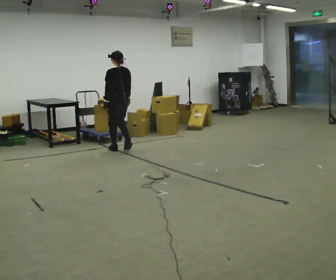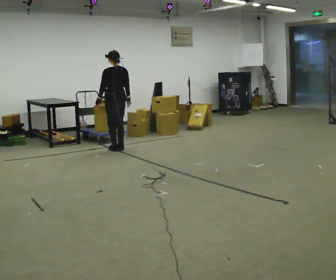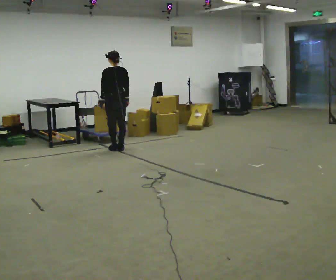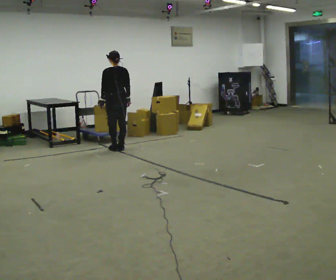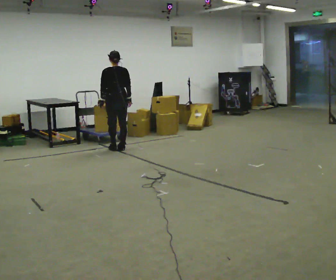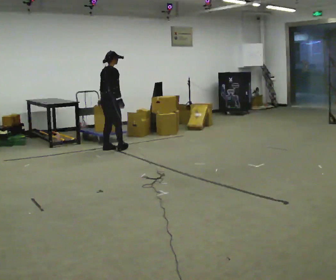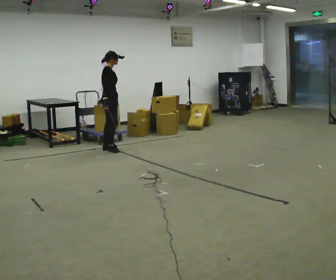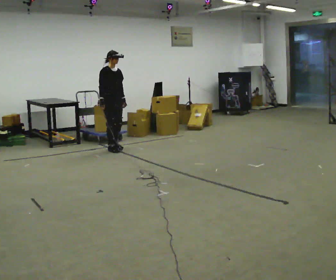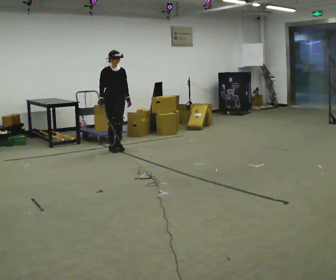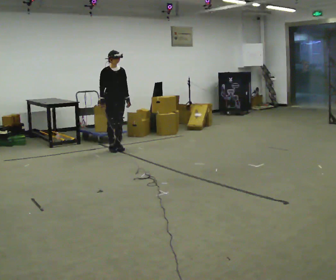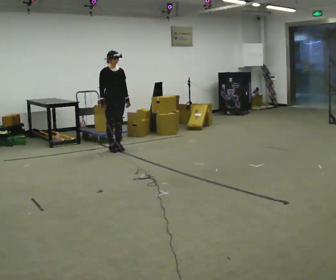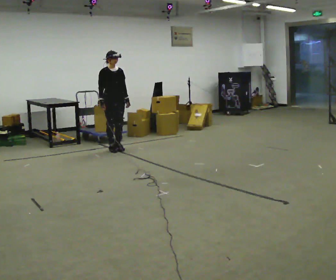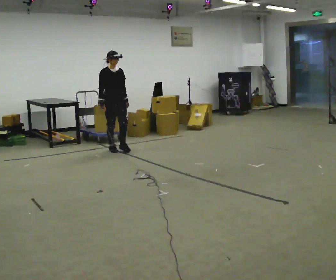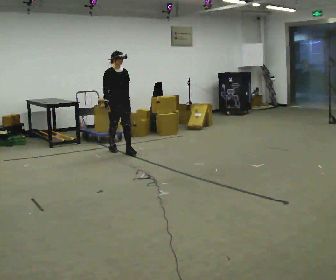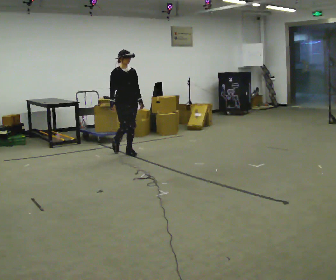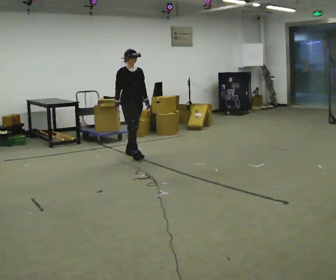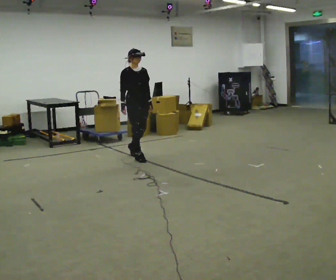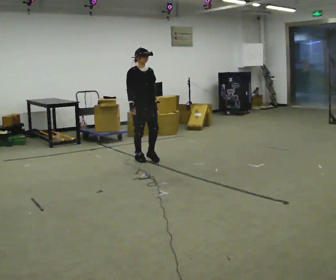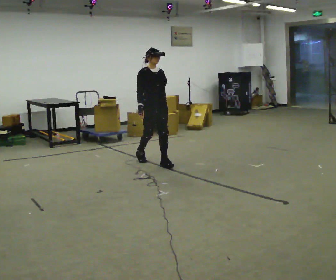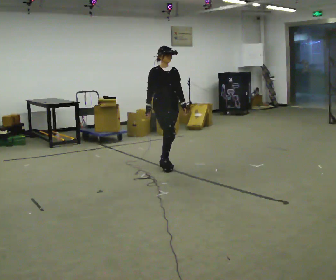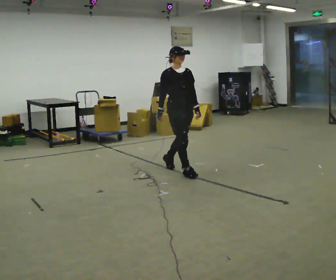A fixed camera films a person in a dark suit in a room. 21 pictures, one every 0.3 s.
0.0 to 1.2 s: Seen from above the body turns clockwise, about 45 degrees: to their right, with its near side sliding to the left.
1.2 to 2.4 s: The person turns about 135 degrees to their right, clockwise seen from above, so the part of the body nearest the lens slides to the left. In the picture their right hand goes to the left, the arm swinging clockwise.
2.4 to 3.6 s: The person moves a little, or ends about where they began.
3.6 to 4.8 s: In the picture they go toward the camera and to the right, about 0.75 m in 2 steps, which for them is forward.
4.8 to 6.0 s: In the picture they go toward the camera and to the right, about 1 m in 2 steps, which for them is forward.
The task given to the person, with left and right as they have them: Start still; gradually go slow → normal → fast; briefly maintain fast speed; stop.
The film runs forward here.
